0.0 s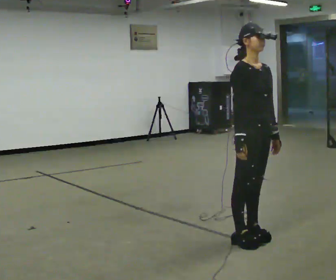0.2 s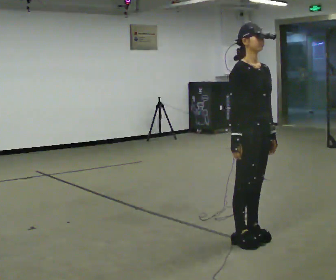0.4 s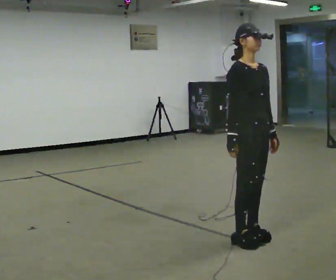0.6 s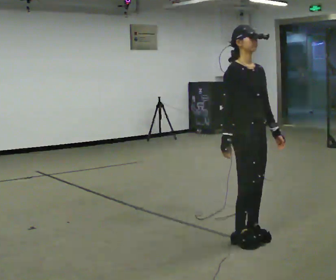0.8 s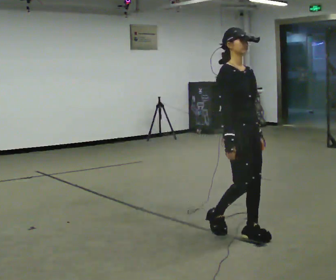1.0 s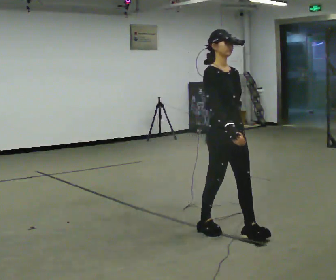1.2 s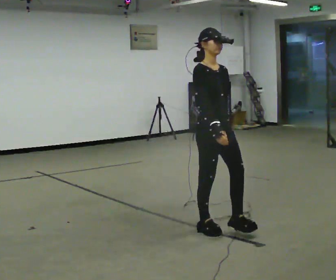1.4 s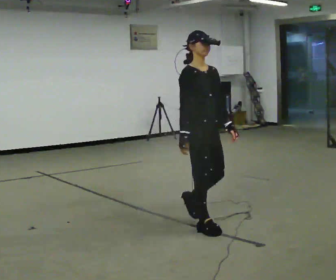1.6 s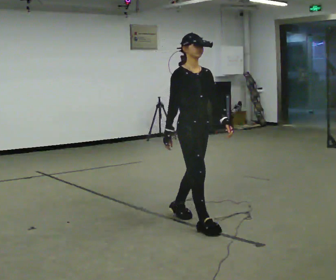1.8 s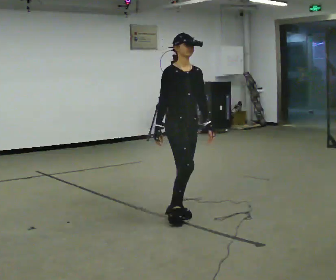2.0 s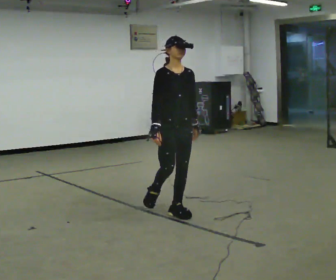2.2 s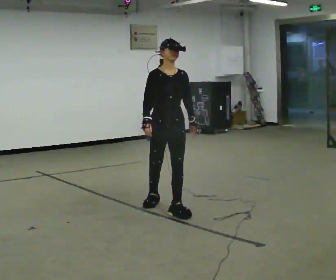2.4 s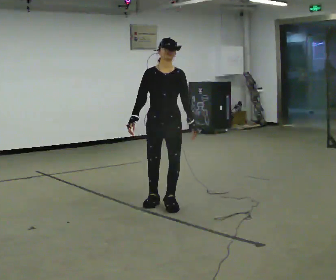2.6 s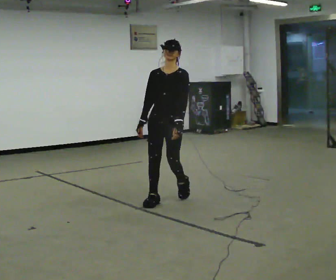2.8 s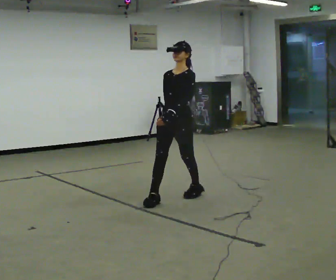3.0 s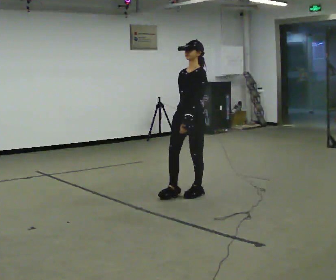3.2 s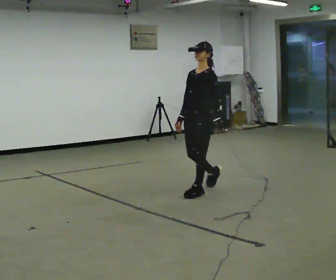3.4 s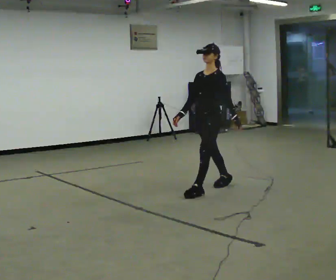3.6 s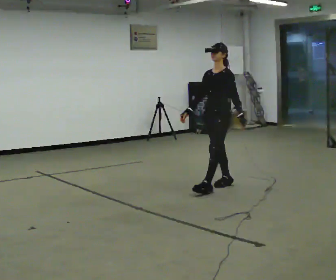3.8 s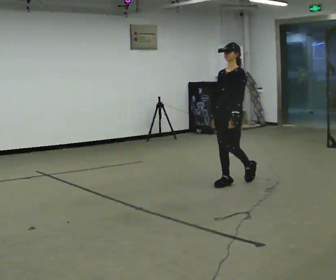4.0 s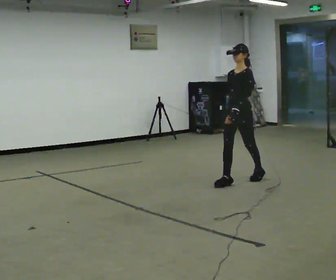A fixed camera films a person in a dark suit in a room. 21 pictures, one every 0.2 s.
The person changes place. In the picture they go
away from the camera.
The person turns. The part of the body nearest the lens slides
to the left.
0.0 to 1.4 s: In the picture they go away from the camera and to the left, about 0.5 m in 2 steps, which for them is backward.
1.4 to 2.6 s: The person turns about 60 degrees to their right, clockwise seen from above, so the part of the body nearest the lens slides to the left. In the picture they go away from the camera, about 1 m in 2 steps.
2.6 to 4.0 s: The part of the body nearest the lens slides to the left as the person turns to their right by about 30 degrees. In the picture they go to the right and away from the camera, about 1 m in 2 steps, which for them is backward.
The film runs backward here.
